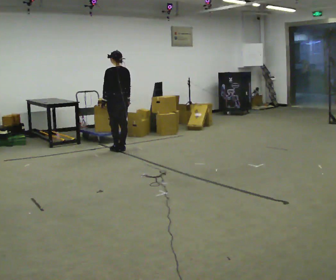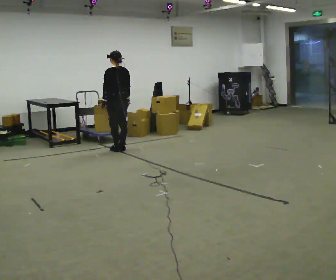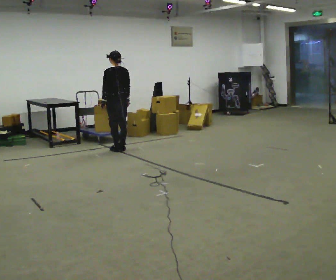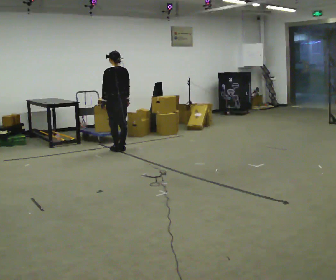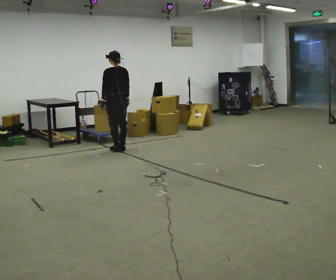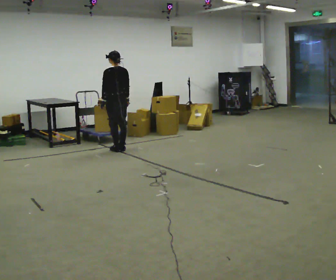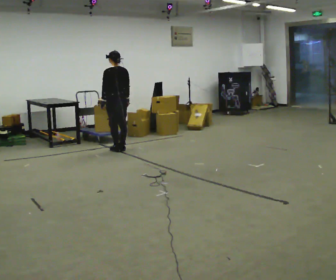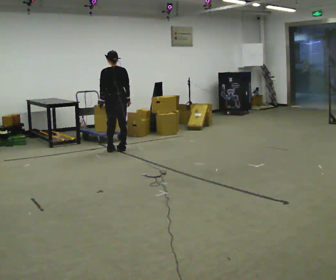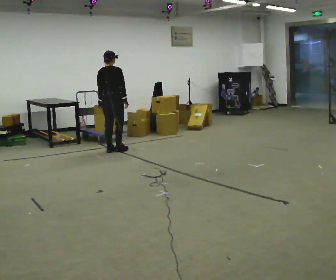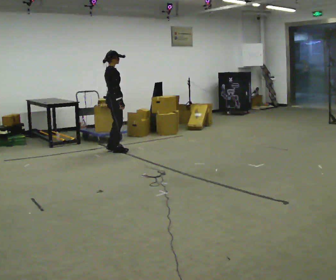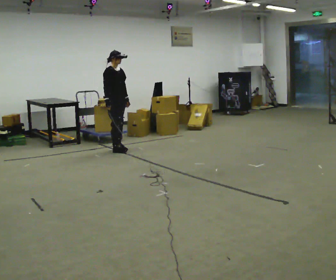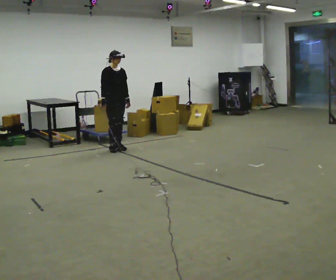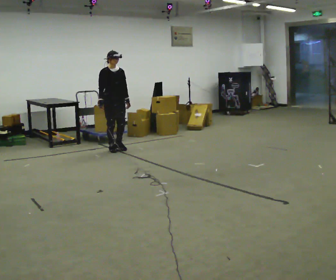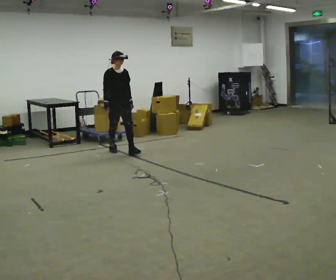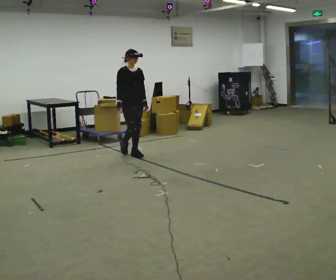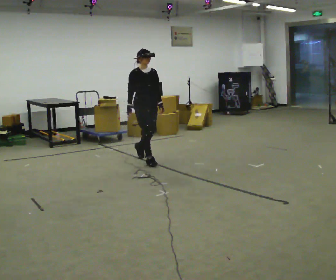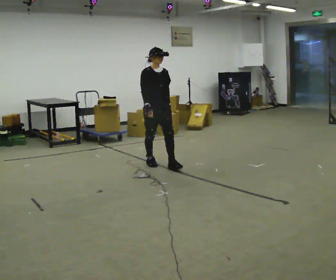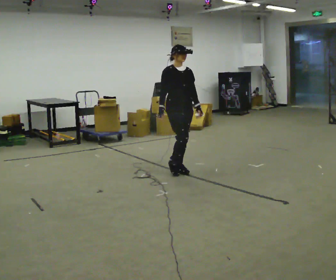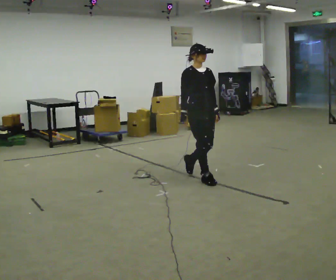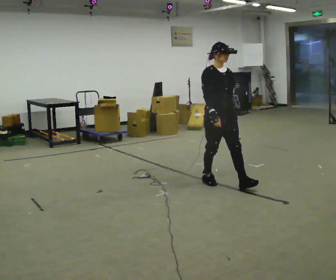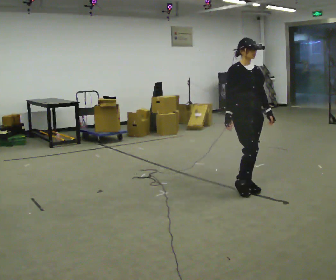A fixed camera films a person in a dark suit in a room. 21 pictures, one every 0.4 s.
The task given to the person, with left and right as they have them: Stand still 2 s; begin walking naturally; walk forward; stop.
0.0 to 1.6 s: The person keeps their place and pose.
1.6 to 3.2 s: The part of the body nearest the lens slides to the left as the person turns to their right by about 60 degrees.
3.2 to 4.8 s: Seen from above the body turns clockwise, about 120 degrees: to their right, with its near side sliding to the left. In the picture their right hand goes to the left.
4.8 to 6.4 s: In the picture they go toward the camera and to the right, about 1.5 m in 3 steps, which for them is forward.
6.4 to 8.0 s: In the picture they go toward the camera and to the right, about 1.5 m in 2 steps, which for them is forward.
The film runs forward here.
